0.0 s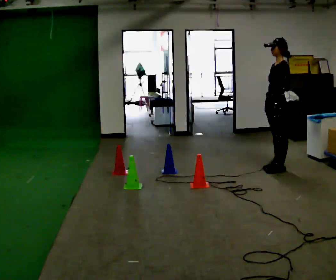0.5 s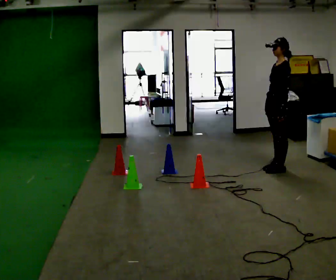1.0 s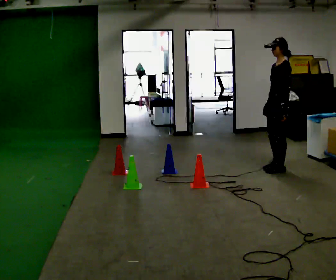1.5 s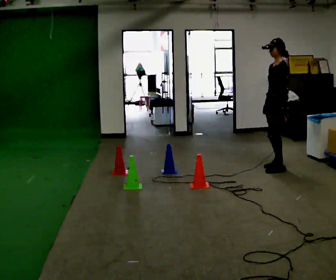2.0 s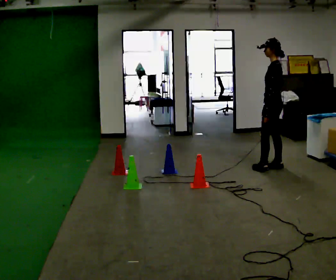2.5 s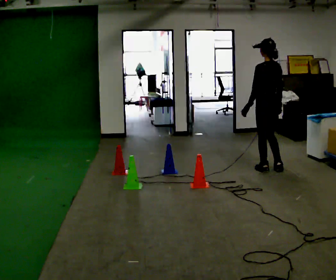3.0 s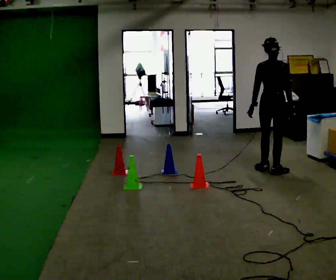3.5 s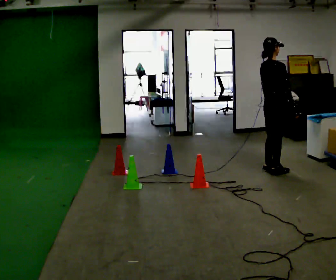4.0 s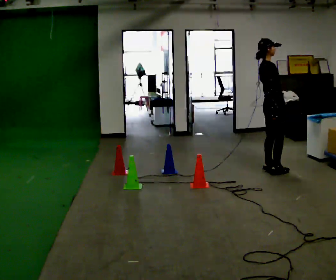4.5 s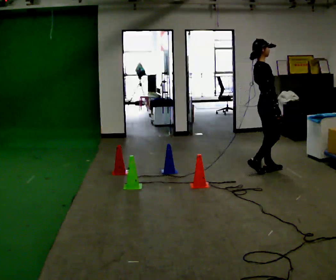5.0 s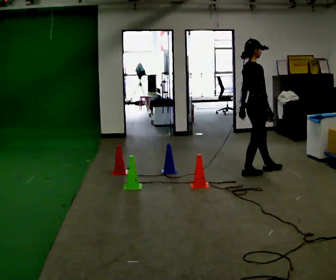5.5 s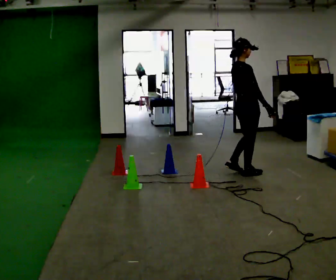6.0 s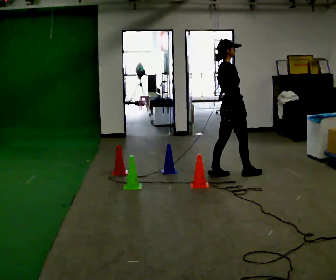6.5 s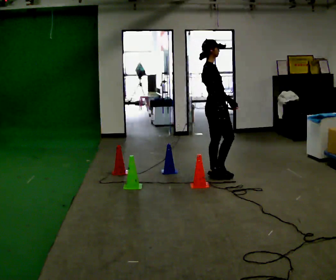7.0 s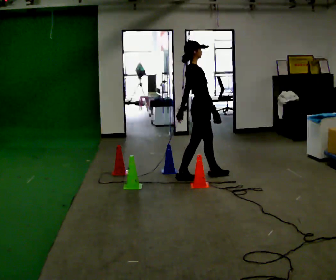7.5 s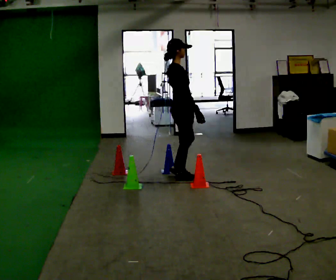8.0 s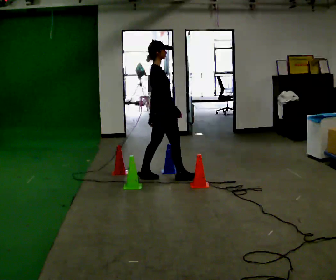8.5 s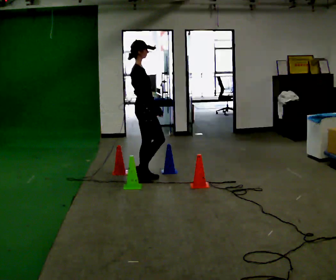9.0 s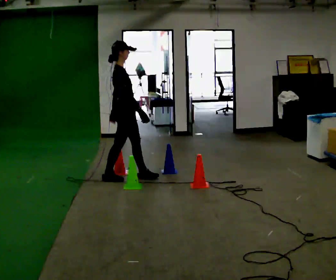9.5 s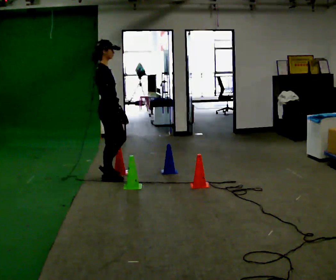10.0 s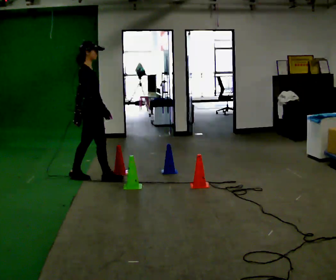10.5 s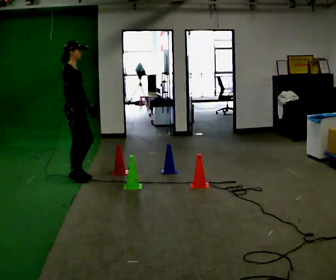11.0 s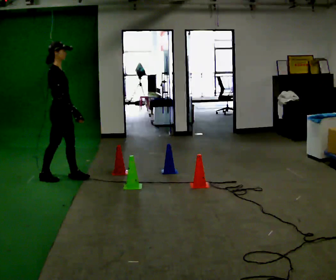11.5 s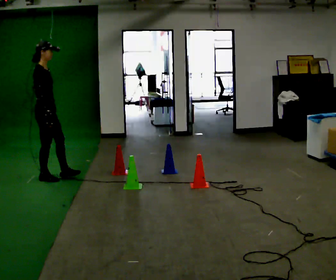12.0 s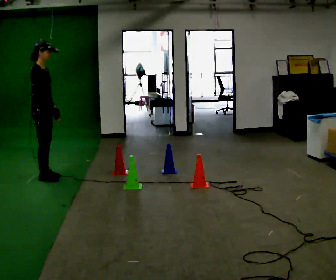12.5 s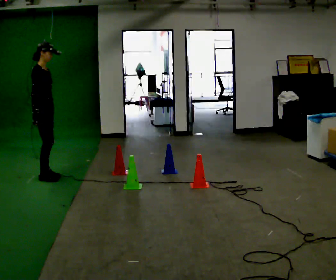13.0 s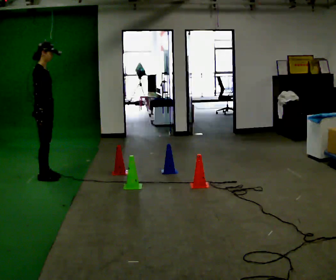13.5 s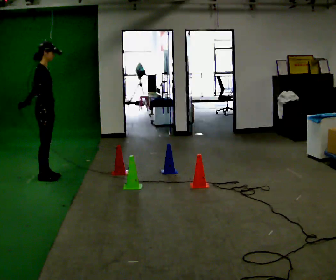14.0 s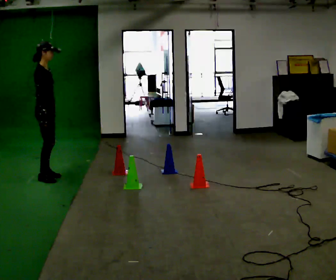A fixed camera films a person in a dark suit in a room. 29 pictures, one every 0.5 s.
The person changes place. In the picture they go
to the left.
0.0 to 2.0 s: Seen from above the body turns clockwise, about 30 degrees: to their right, with its near side sliding to the left.
2.0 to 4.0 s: Seen from above the body turns clockwise, about 150 degrees: to their right, with its near side sliding to the left.
4.0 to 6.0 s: In the picture they go to the left, about 0.5 m in 2 steps, which for them is backward.
6.0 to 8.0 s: In the picture they go to the left, about 1 m in 2 steps, which for them is backward.
8.0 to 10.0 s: In the picture they go to the left, about 1 m in 2 steps, which for them is backward.
10.0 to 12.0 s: In the picture they go to the left, about 0.5 m in 2 steps, which for them is backward.
12.0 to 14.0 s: The person moves a little, or ends about where they began.
The film runs backward here.
